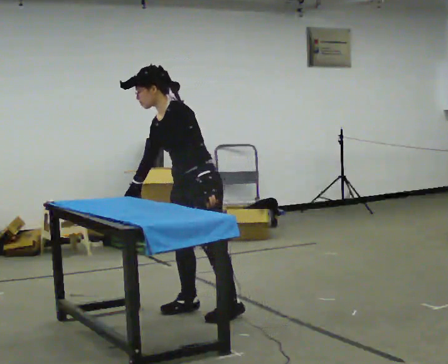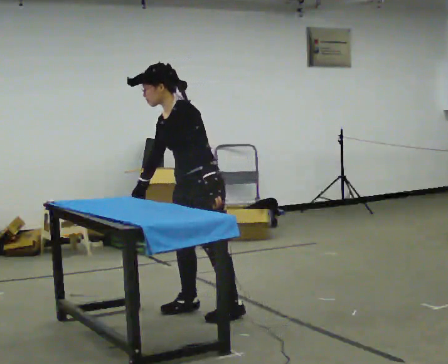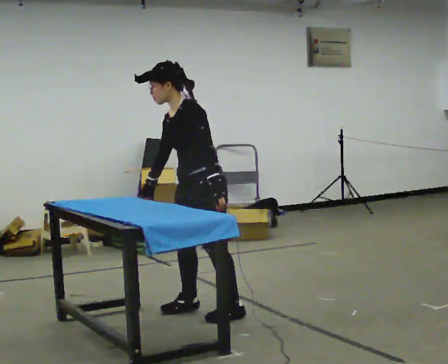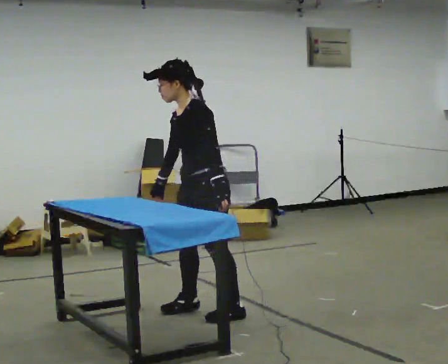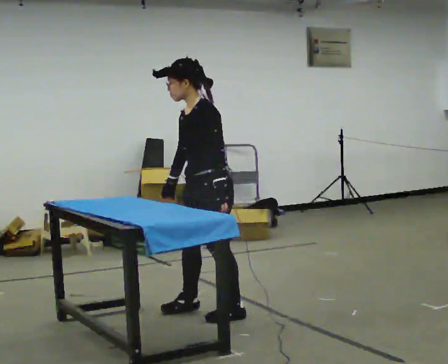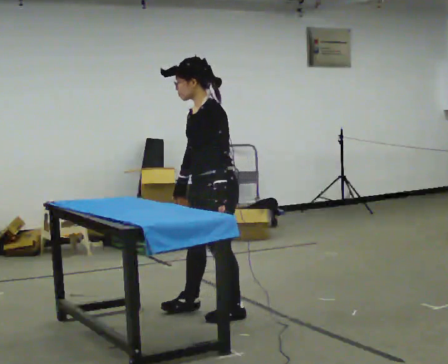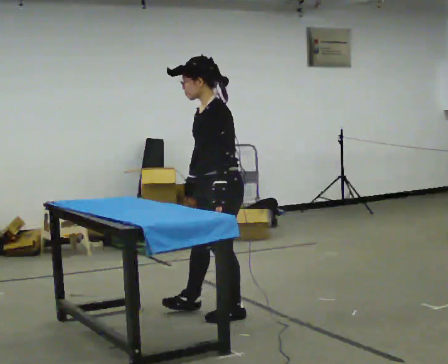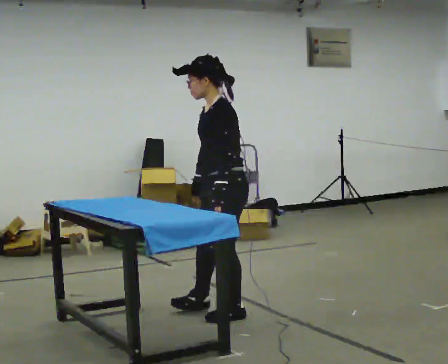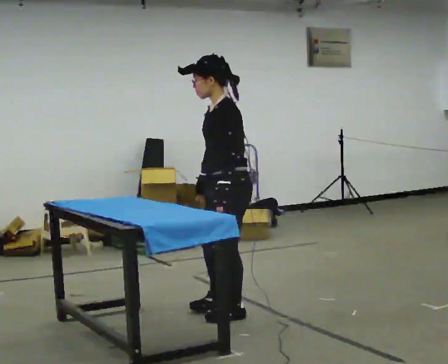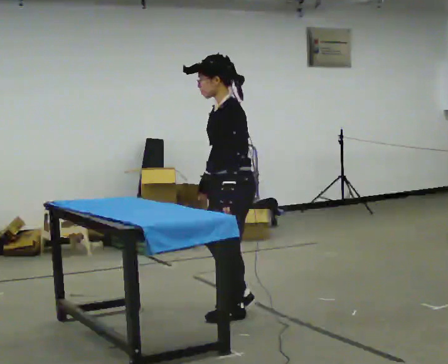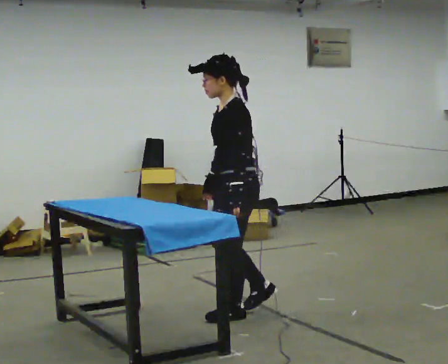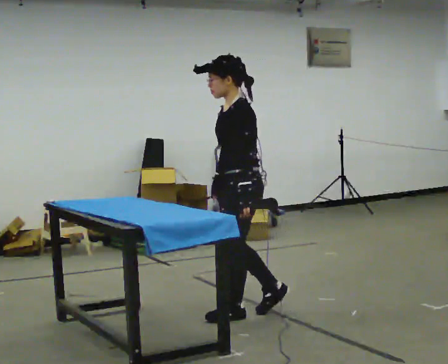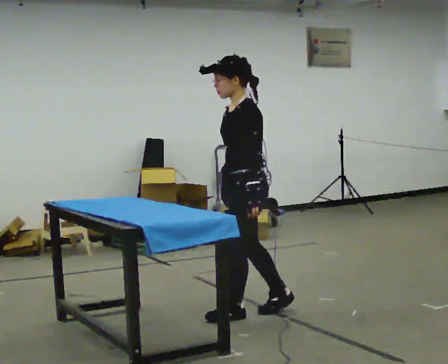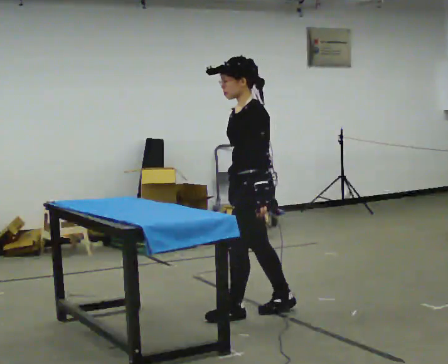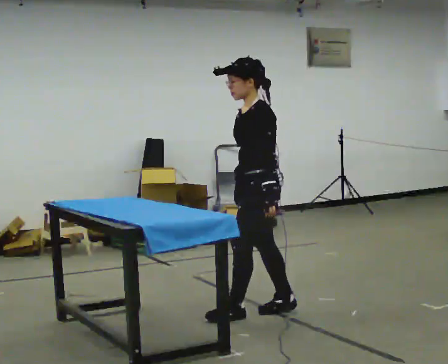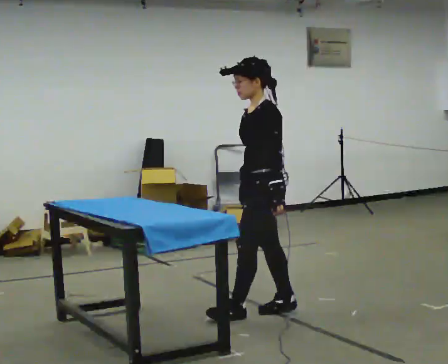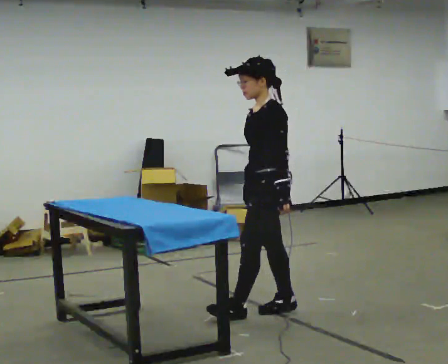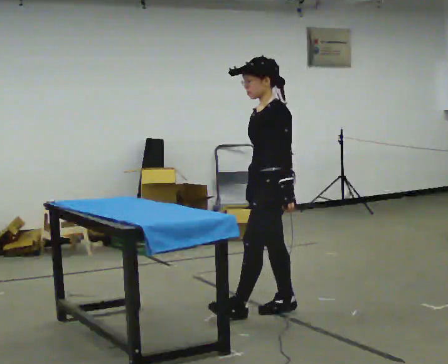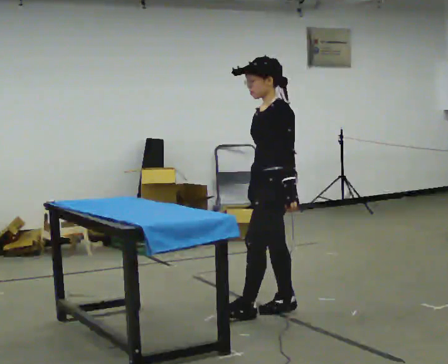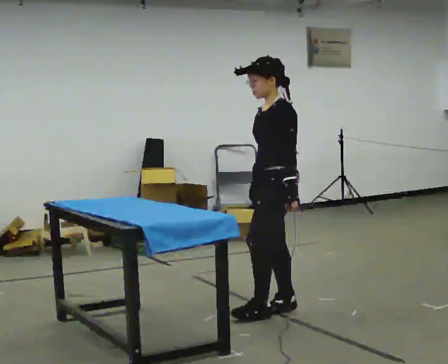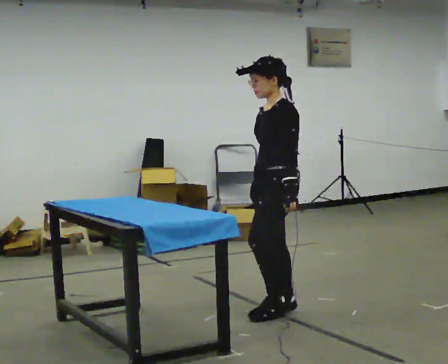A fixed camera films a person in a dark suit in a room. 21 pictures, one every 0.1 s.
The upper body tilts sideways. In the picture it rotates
clockwise.
0.0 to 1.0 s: In the picture they go to the right, about 0.25 m in 1 step, which for them is to their left and backward. In the picture the upper body tilts clockwise, shoulders to the right, as they lean back or straighten.
1.0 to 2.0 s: In the picture they go to the right, about 0.25 m in 1 step, which for them is backward.
The film runs backward here.
